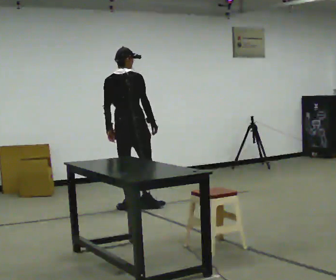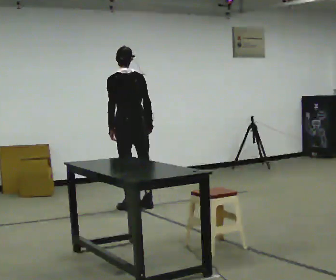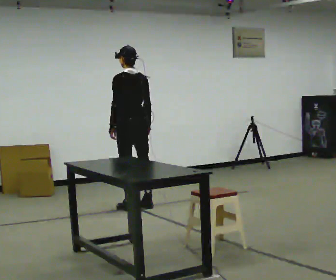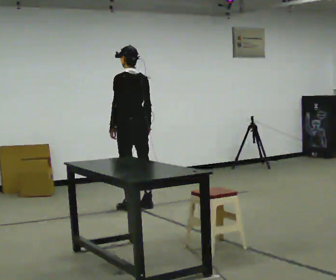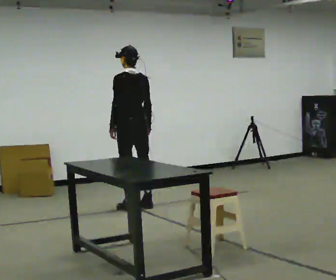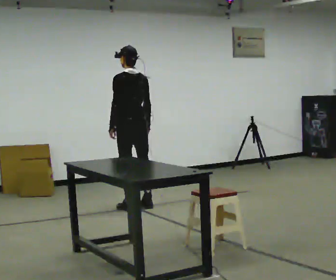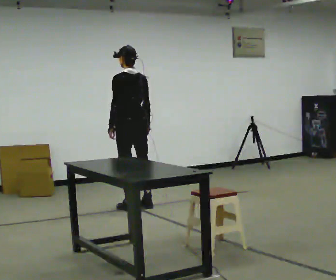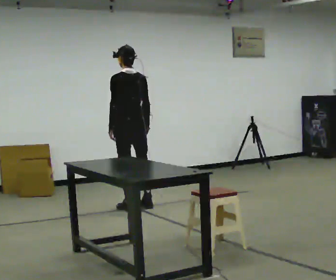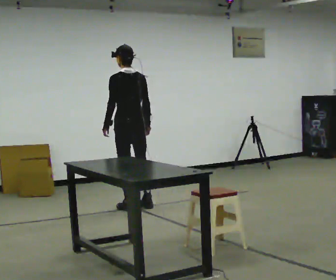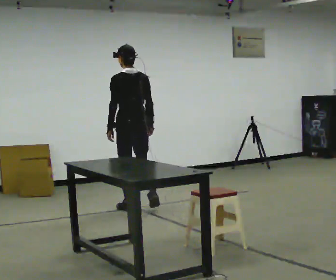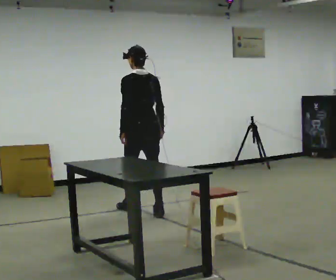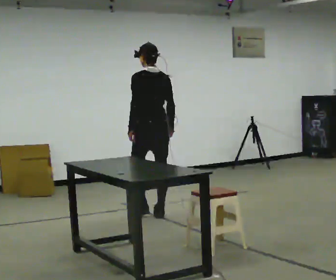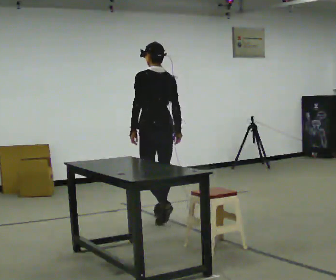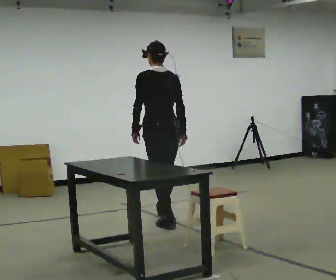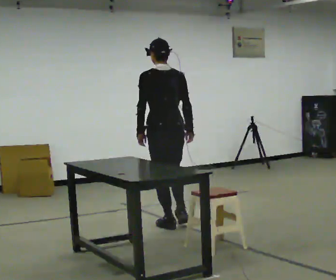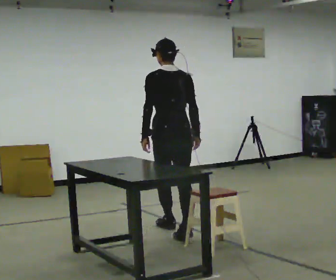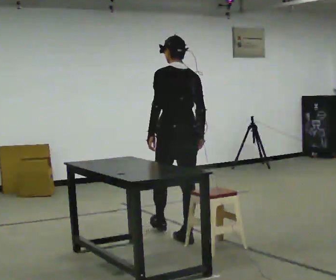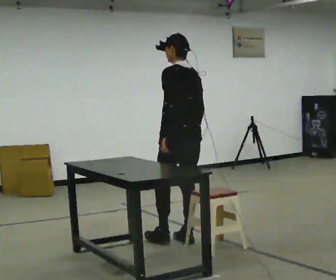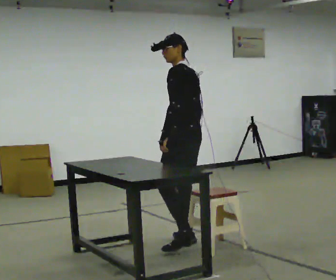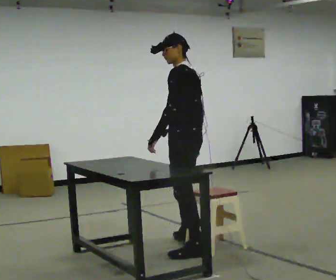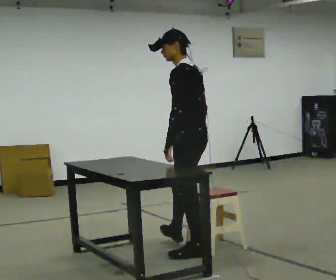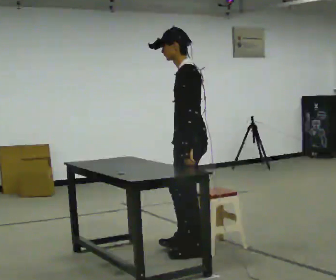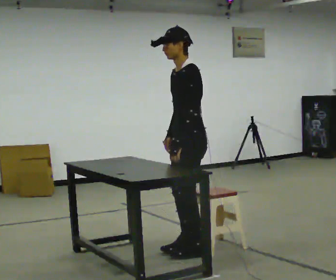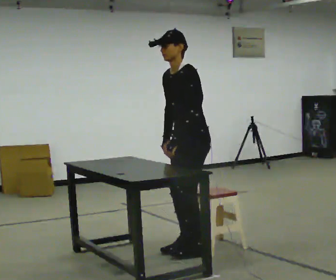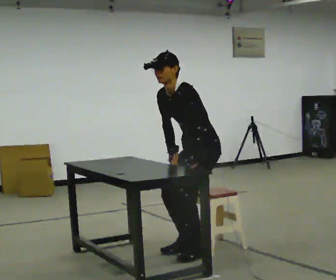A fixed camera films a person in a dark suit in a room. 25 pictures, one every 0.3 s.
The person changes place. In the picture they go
toward the camera.
0.0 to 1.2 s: The part of the body nearest the lens slides to the right as the person turns to their left by about 45 degrees.
1.2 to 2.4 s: The person moves a little, or ends about where they began.
2.4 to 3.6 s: In the picture they go toward the camera and to the right, about 0.5 m in 2 steps, which for them is backward.
3.6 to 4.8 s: In the picture they go toward the camera, about 1 m in 2 steps, which for them is backward.
4.8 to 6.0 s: The person turns about 45 degrees to their left, counterclockwise seen from above, so the part of the body nearest the lens slides to the right. In the picture they go toward the camera, about 0.5 m in 1 step, which for them is to their left and backward.
6.0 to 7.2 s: The person turns about 60 degrees to their left, counterclockwise seen from above, so the part of the body nearest the lens slides to the right. The upper body goes downward. In the picture the upper body tilts counterclockwise, shoulders to the left, as they bend forward.
The film runs backward here.
